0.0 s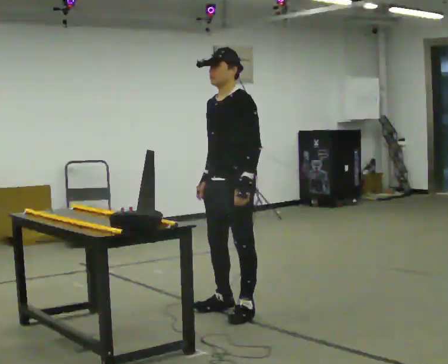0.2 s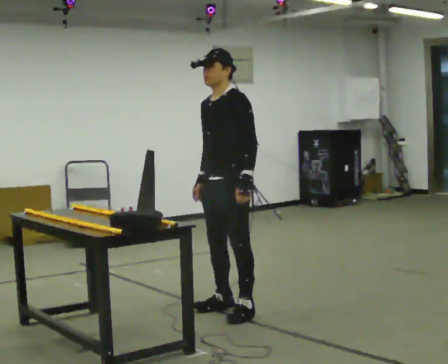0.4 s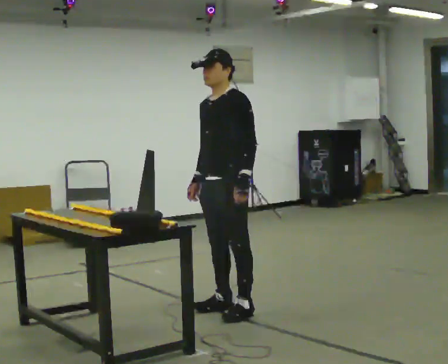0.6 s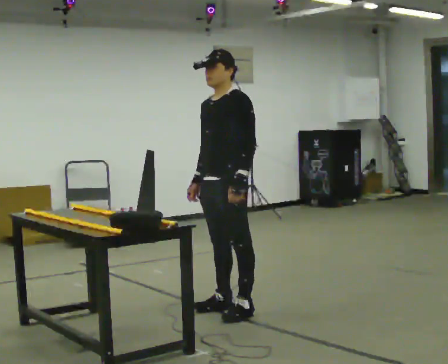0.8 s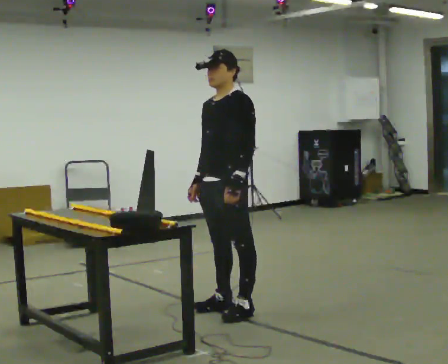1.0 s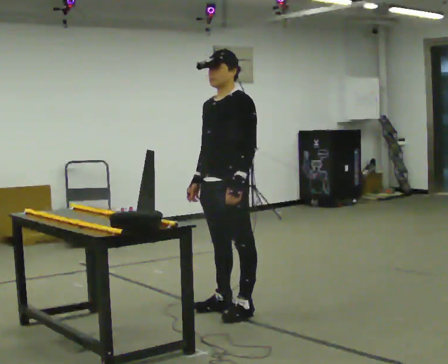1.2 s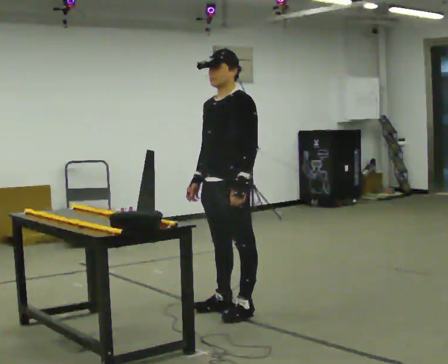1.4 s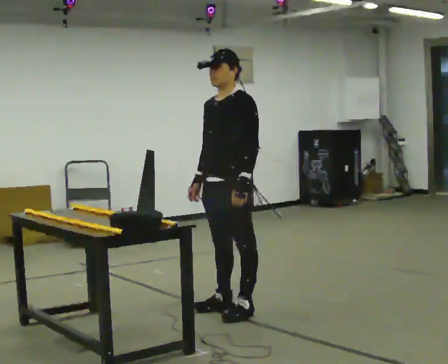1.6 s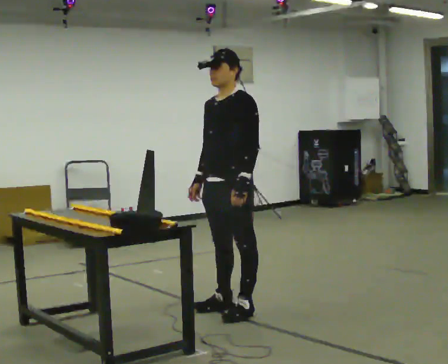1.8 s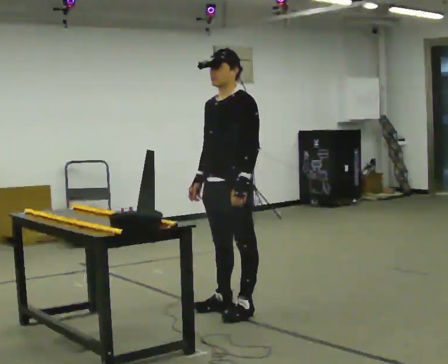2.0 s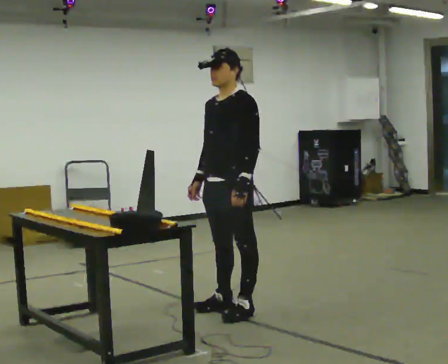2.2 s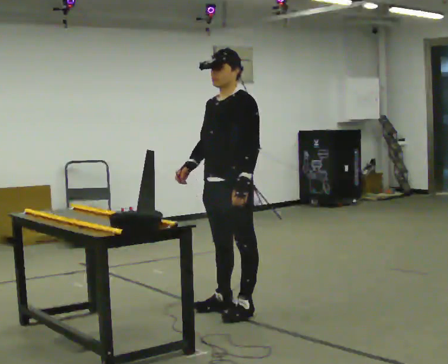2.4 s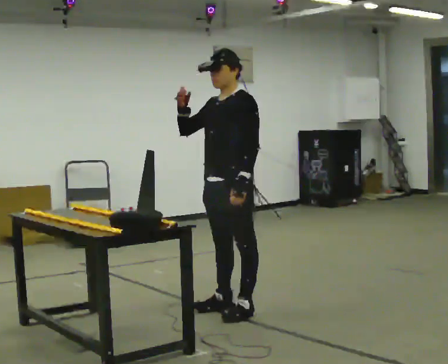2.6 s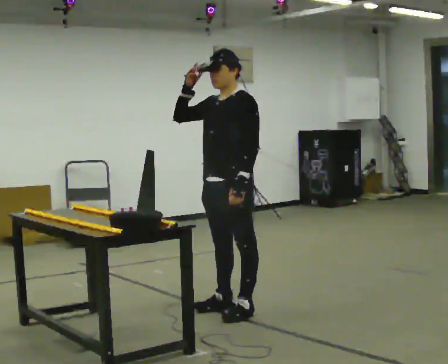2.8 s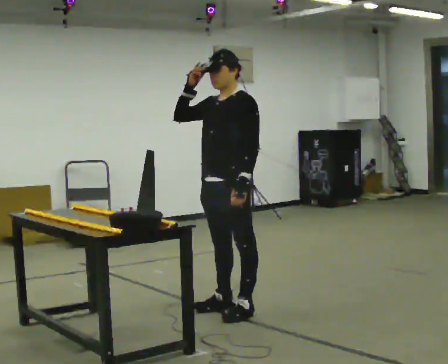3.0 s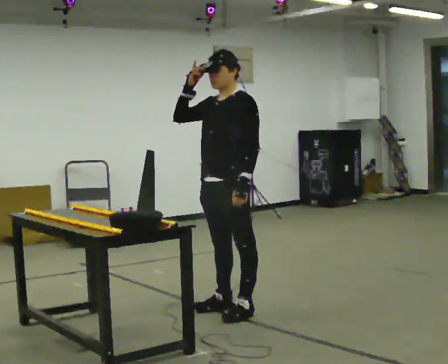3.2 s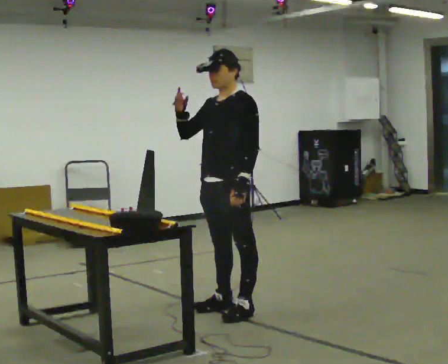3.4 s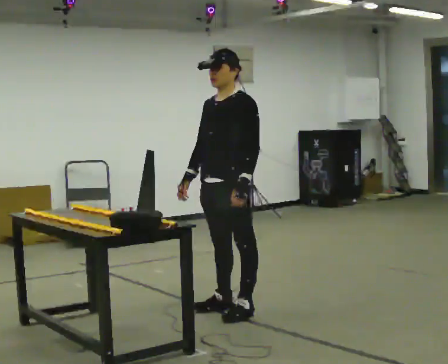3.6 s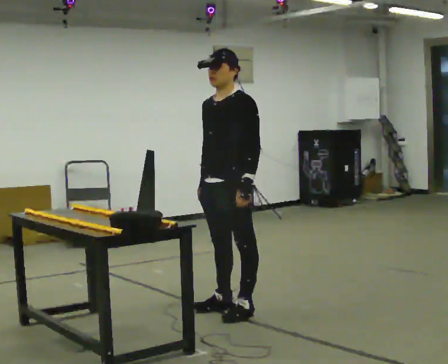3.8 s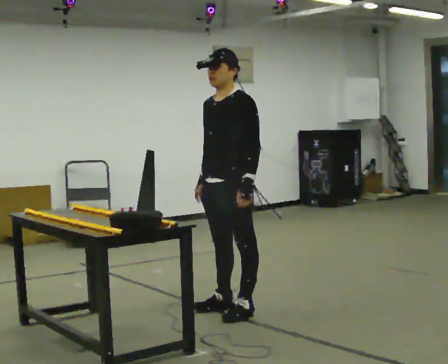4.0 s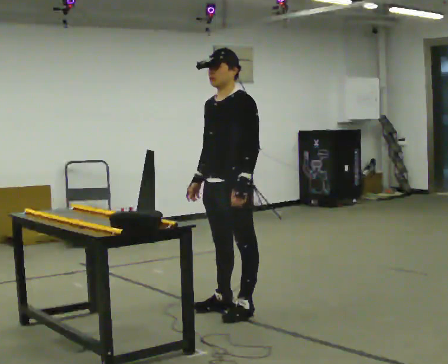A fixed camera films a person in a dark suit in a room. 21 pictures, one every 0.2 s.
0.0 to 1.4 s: The person moves a little, or ends about where they began.
1.4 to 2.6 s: In the picture their right hand goes upward.
2.6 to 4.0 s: In the picture their right hand goes downward.
The film runs forward here.
